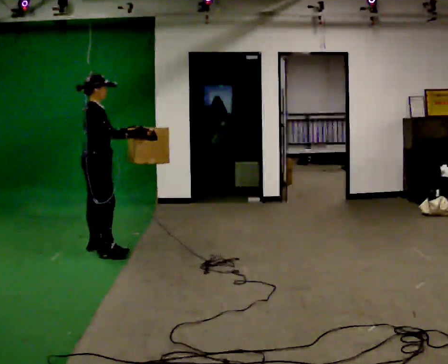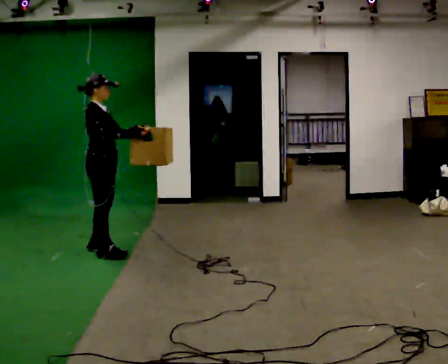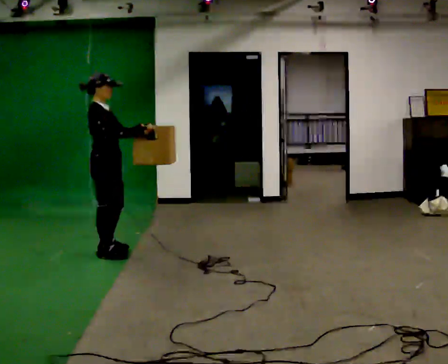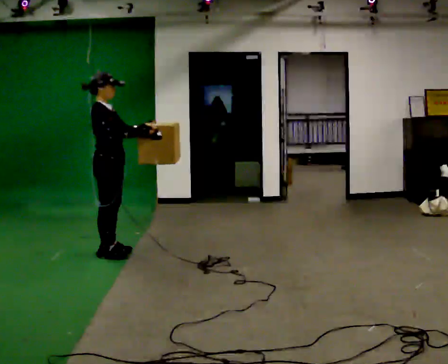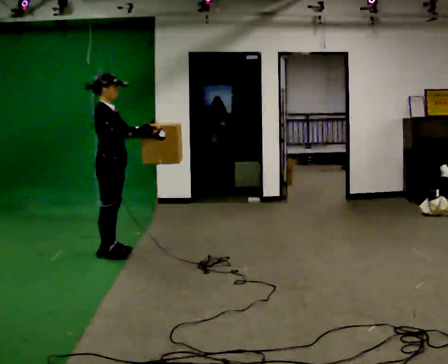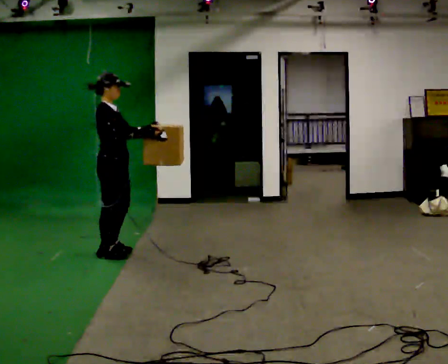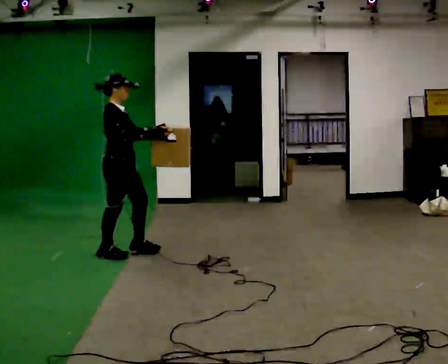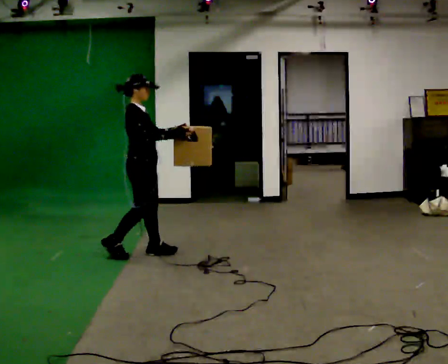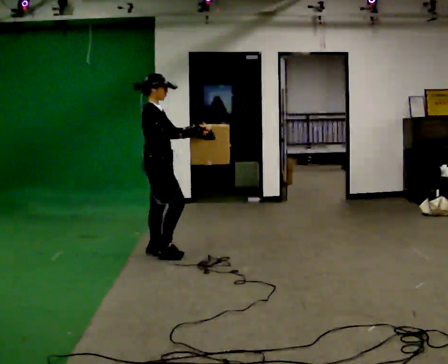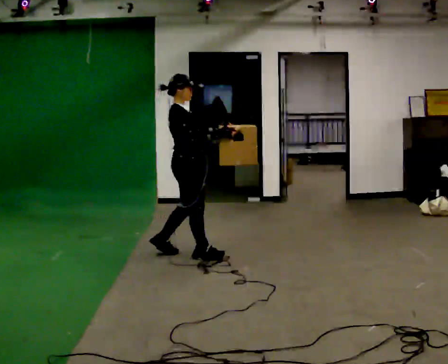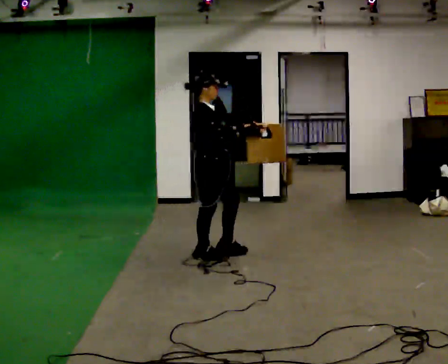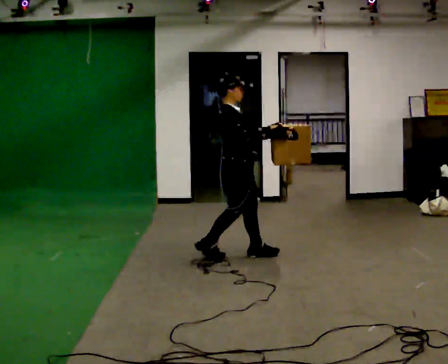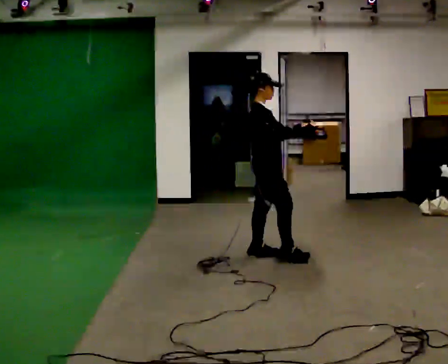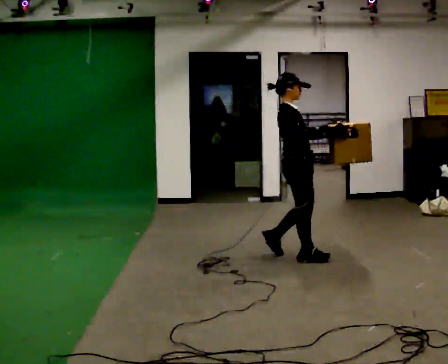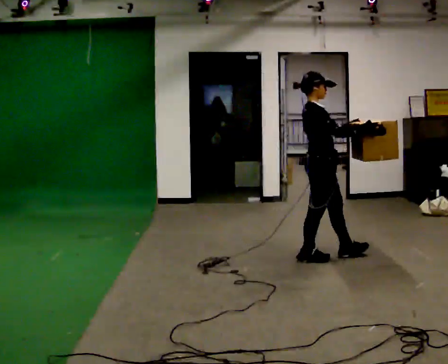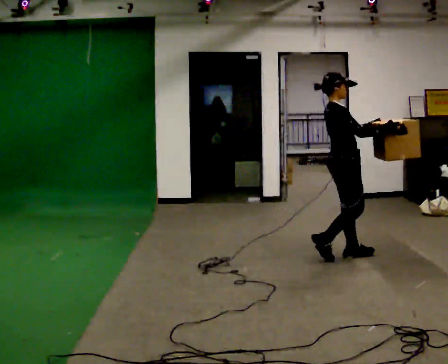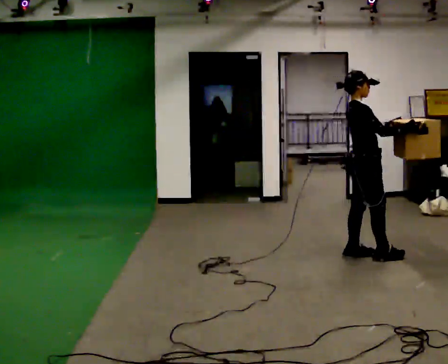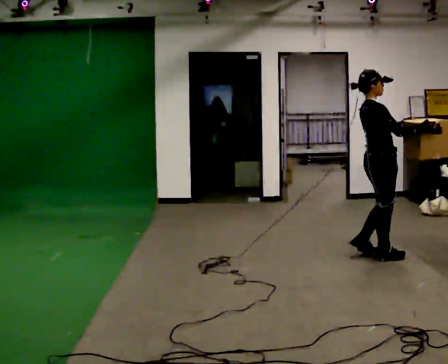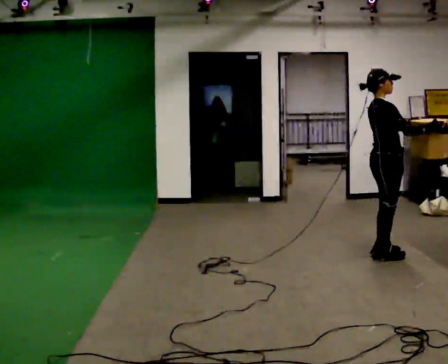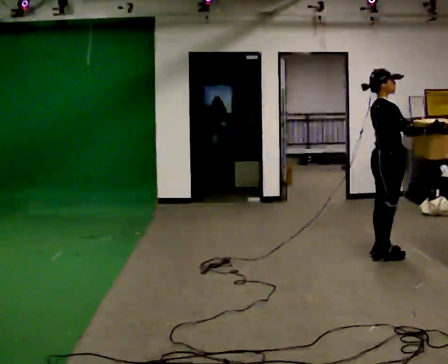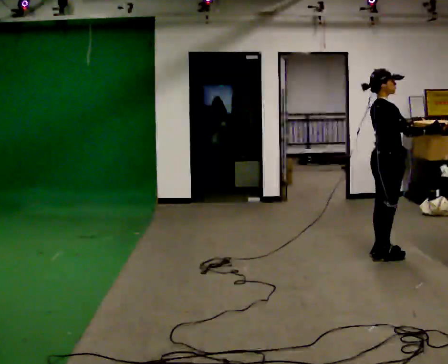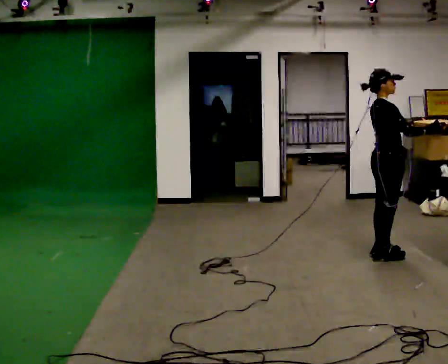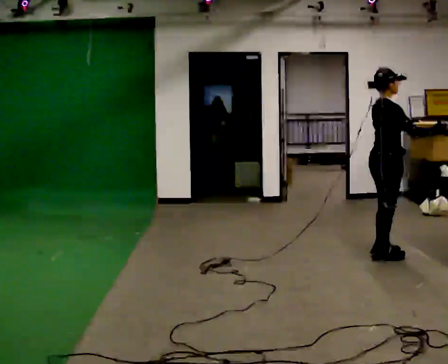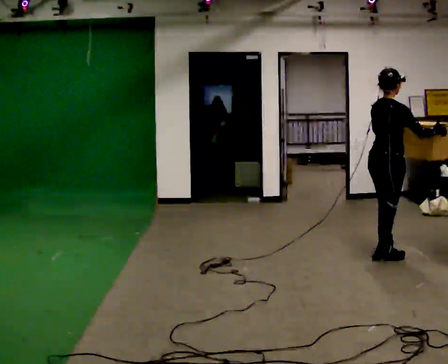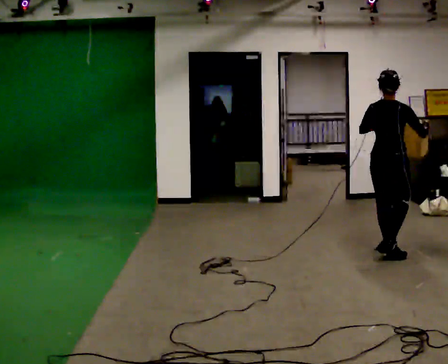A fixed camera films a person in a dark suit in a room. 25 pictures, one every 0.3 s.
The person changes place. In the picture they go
to the right.
0.0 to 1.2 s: In the picture they go to the right, about 0.25 m in 1 step, which for them is forward and to their right.
1.2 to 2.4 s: In the picture they go to the right, about 0.5 m in 1 step, which for them is forward.
2.4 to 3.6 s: In the picture they go to the right, about 1 m in 2 steps, which for them is forward.
3.6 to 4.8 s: In the picture they go to the right, about 1 m in 3 steps, which for them is forward.
4.8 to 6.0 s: In the picture they go to the right, about 0.25 m in 1 step, which for them is forward.
6.0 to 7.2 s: The person turns about 60 degrees to their left, counterclockwise seen from above, so the part of the body nearest the lens slides to the right.
The film runs forward here.
